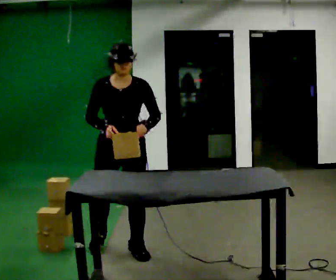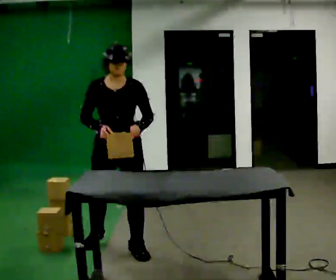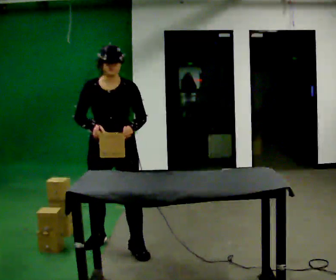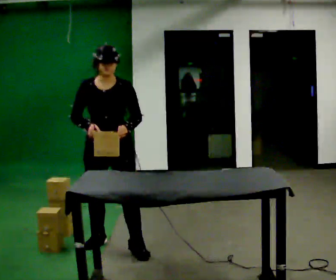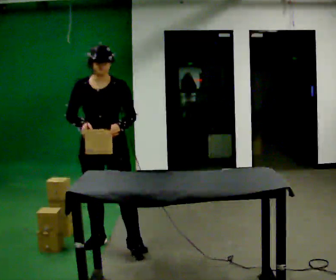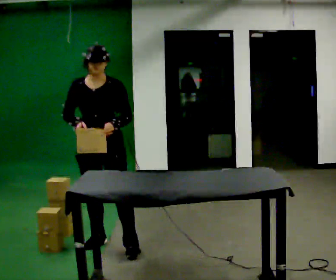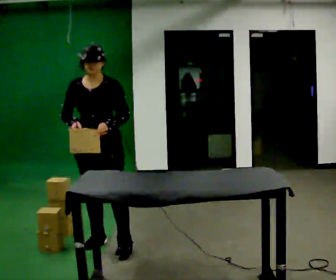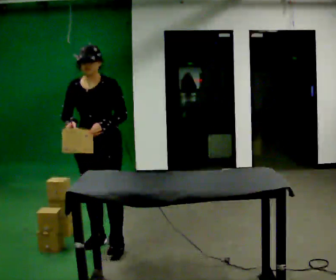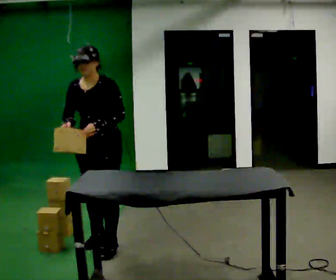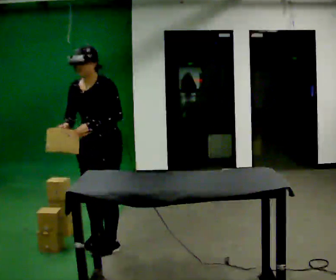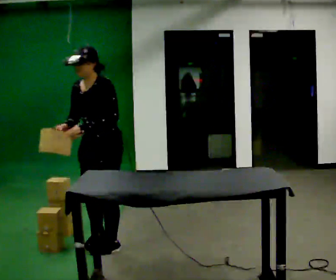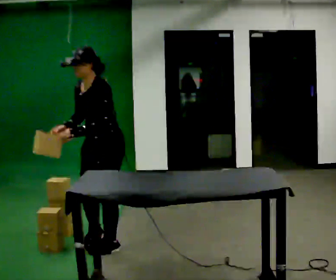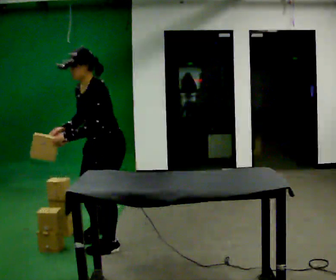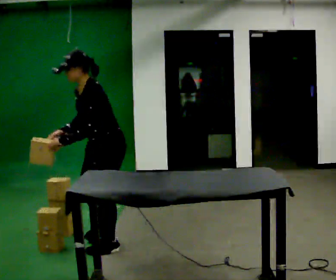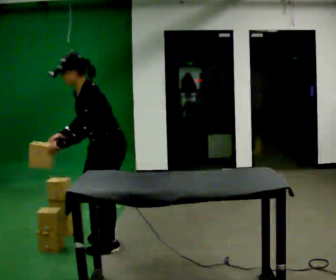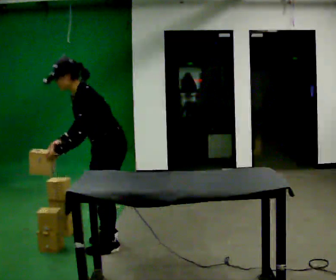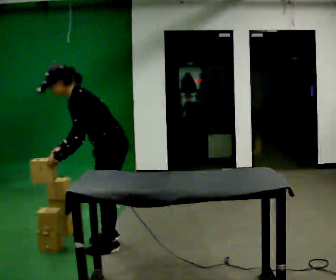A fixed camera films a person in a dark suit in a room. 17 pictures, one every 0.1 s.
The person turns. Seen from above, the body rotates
clockwise.
The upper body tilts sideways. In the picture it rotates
counterclockwise.
0.0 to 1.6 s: The person turns about 90 degrees to their right, clockwise seen from above, so the part of the body nearest the lens slides to the left. In the picture the upper body tilts counterclockwise, shoulders to the left, as they bend forward.
The film runs backward here.
